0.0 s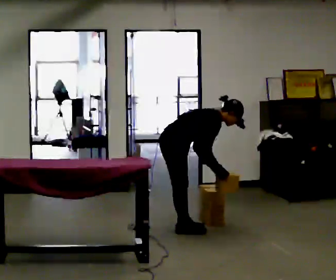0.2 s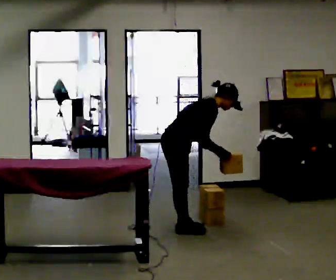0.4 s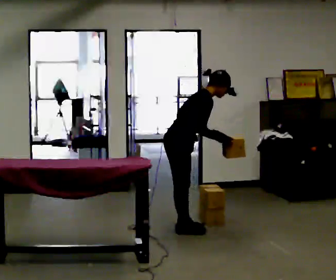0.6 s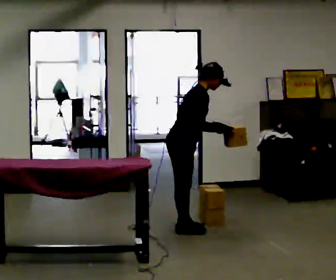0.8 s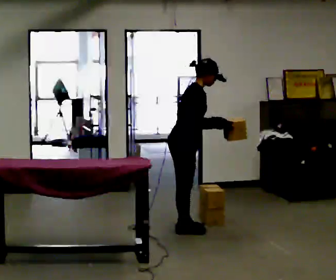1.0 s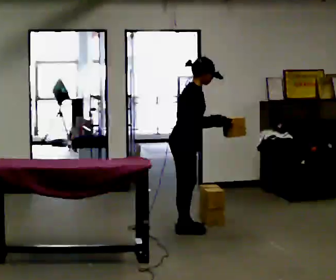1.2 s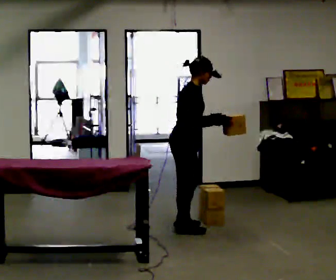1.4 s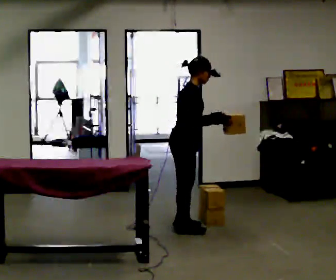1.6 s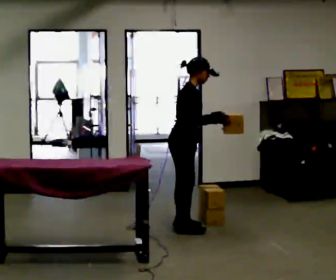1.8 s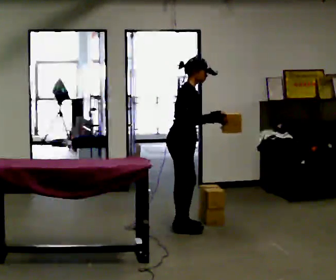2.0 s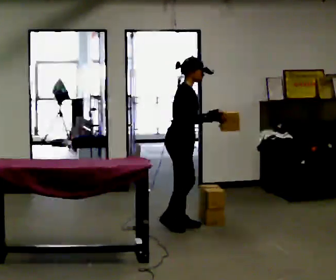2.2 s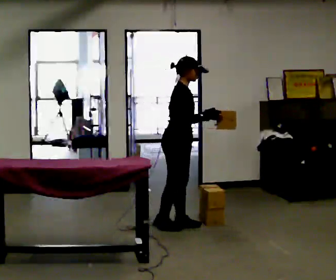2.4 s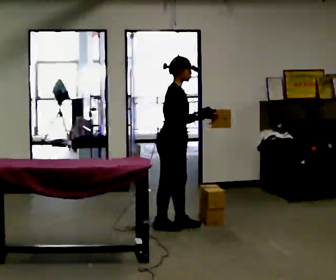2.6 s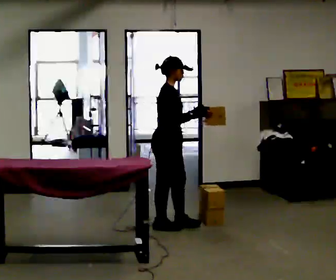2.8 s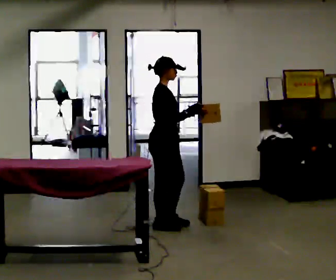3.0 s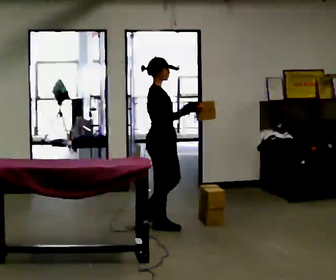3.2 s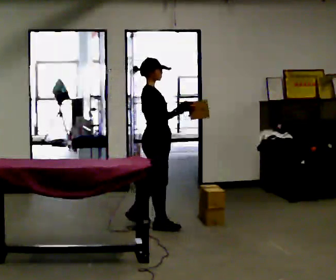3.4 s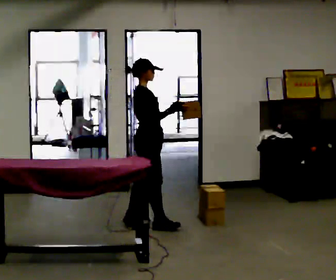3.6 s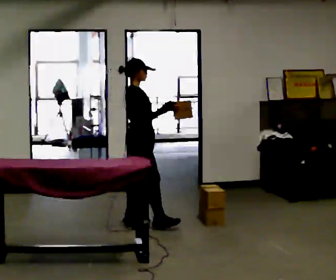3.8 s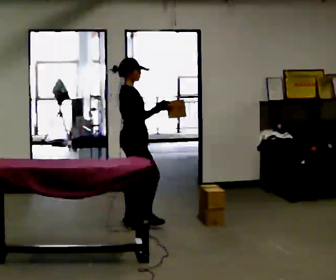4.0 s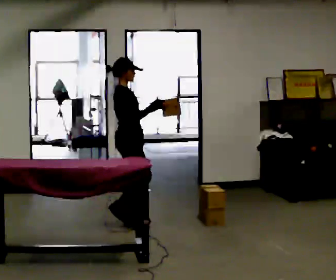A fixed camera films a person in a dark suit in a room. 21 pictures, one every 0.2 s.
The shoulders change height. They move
upward.
The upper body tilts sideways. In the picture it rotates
counterclockwise.
0.0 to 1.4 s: The shoulders move upward. In the picture the upper body tilts counterclockwise, shoulders to the left, as they lean back or straighten. In the picture their left hand goes upward.
1.4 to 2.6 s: The person moves a little, or ends about where they began.
2.6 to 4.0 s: In the picture they go to the left and away from the camera, about 0.5 m in 2 steps, which for them is backward.
The film runs backward here.
